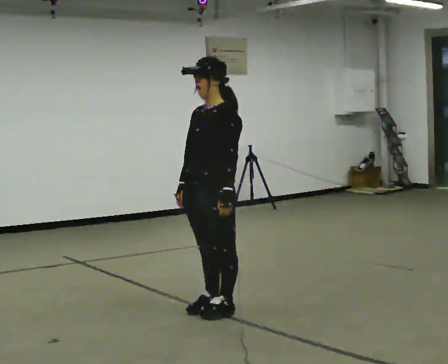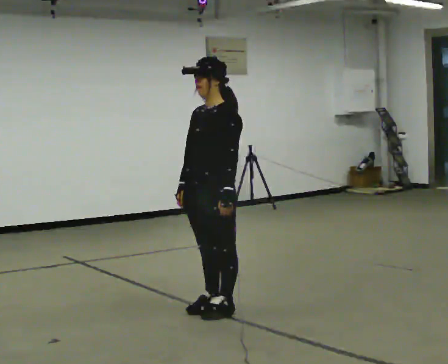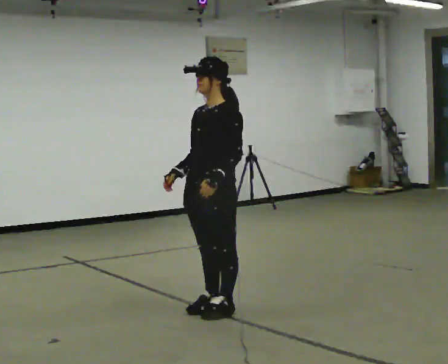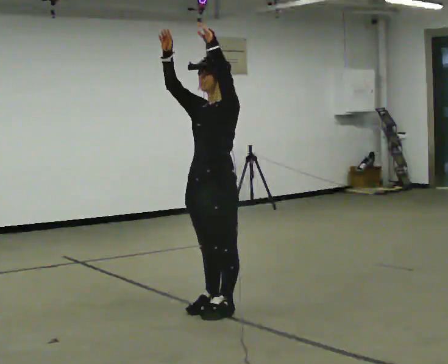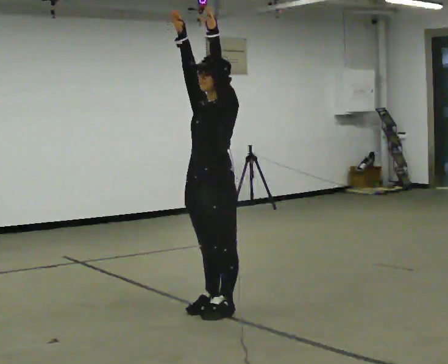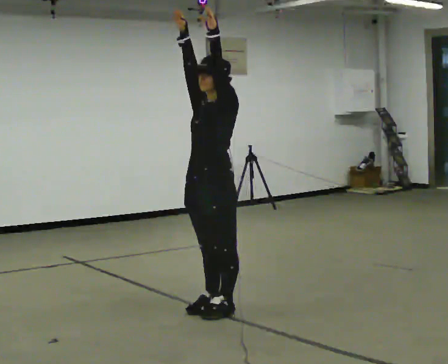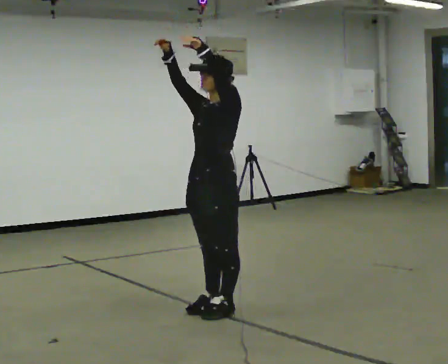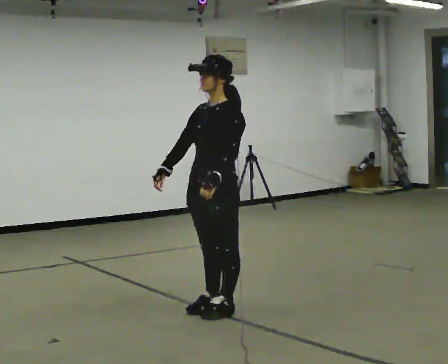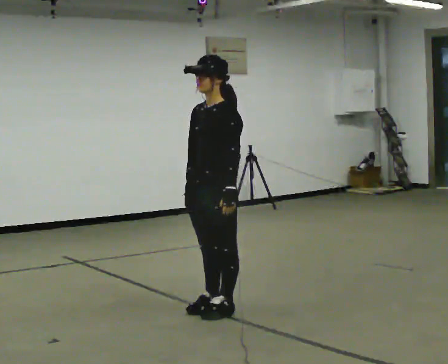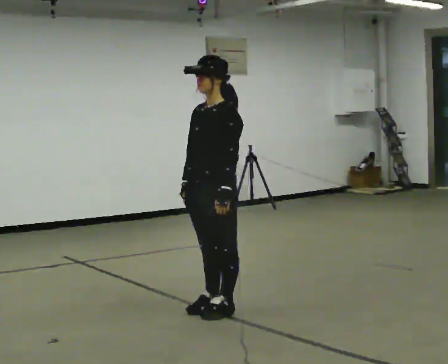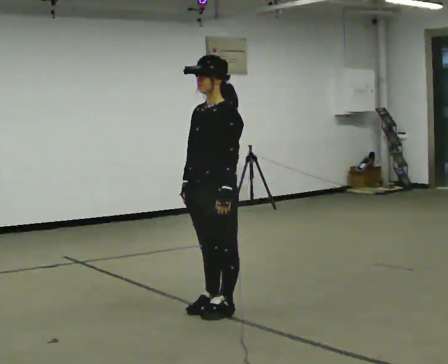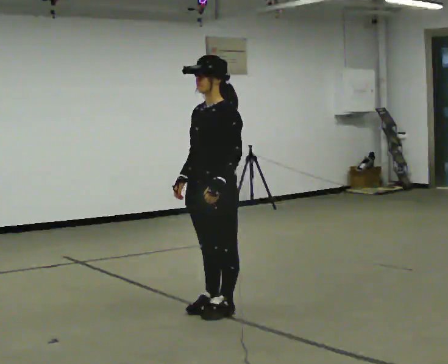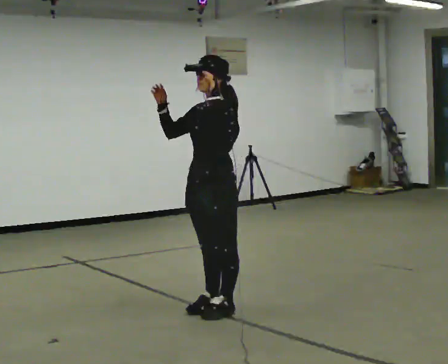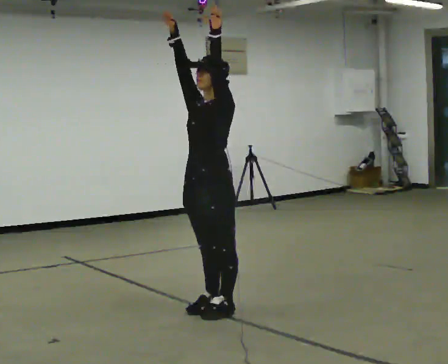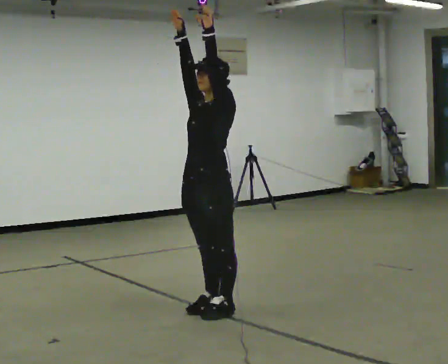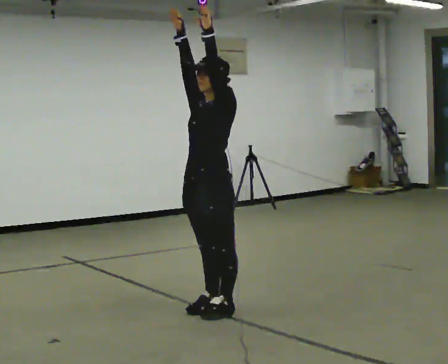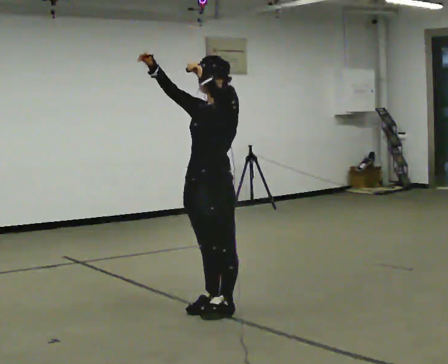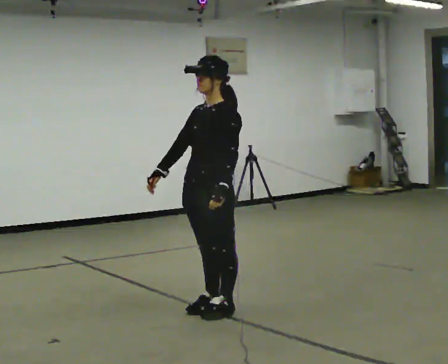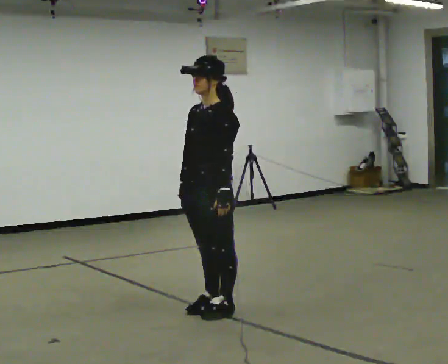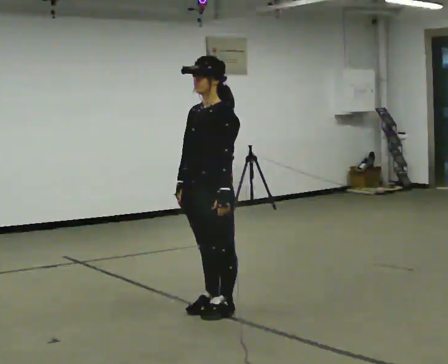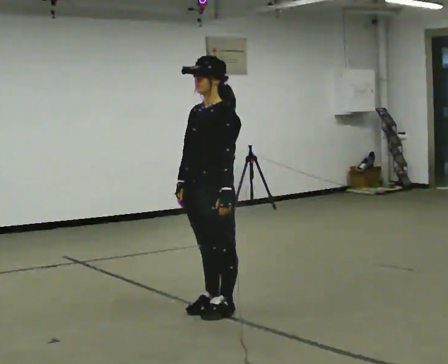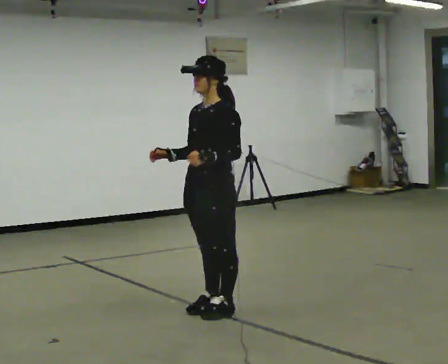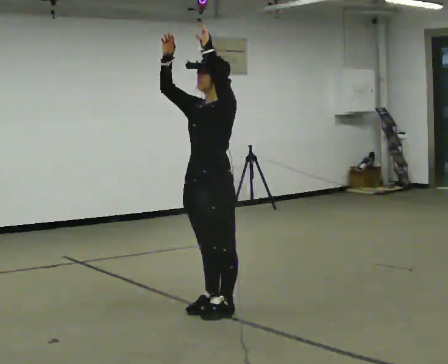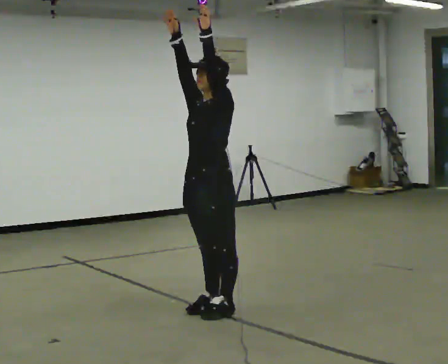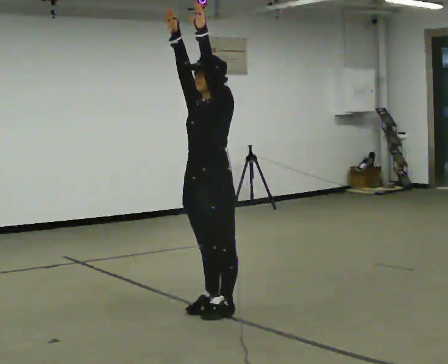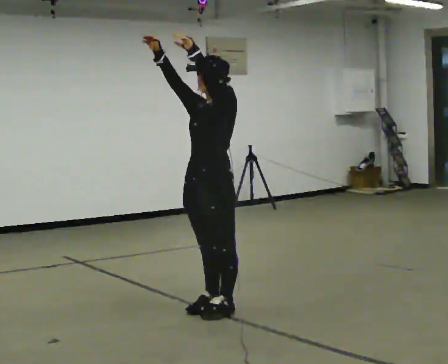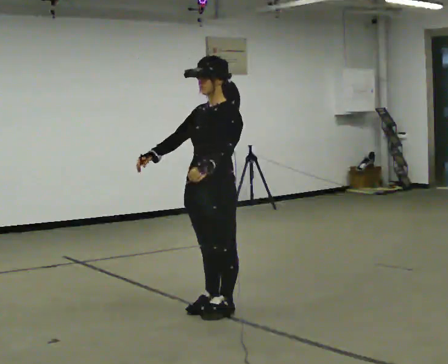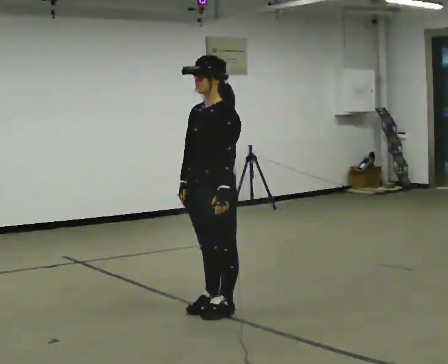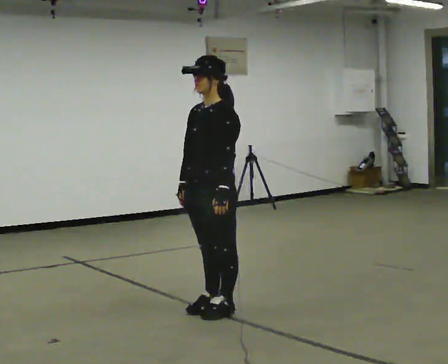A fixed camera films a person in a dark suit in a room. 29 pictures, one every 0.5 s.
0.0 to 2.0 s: In the picture their left hand goes upward.
2.0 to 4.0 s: In the picture their left hand goes downward.
4.0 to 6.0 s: In the picture their left hand goes upward.
6.0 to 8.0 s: The person moves a little, or ends about where they began.
8.0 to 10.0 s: In the picture their right hand goes downward, the arm swinging counterclockwise.
10.0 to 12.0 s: In the picture their left hand goes upward.
12.0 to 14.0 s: In the picture their left hand goes downward.
The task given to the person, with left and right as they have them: Keeping your feet still, reach both arms up overhead as high as is comfortable, then lower them. Repeat the movement at your own pace until the operator says stop; do not rush.
The film runs forward here.
